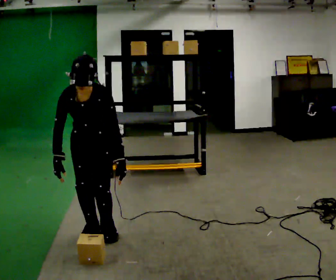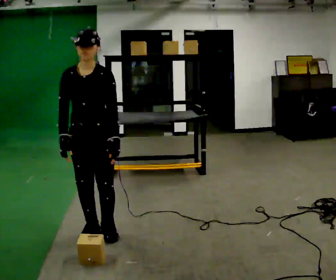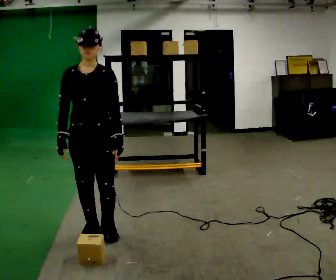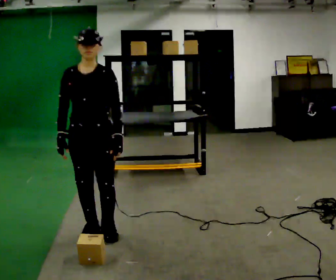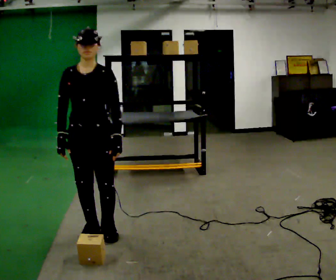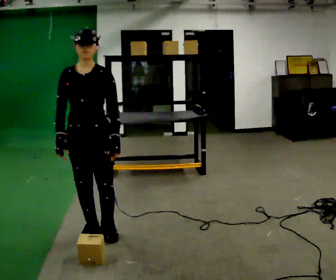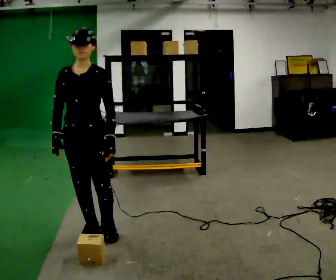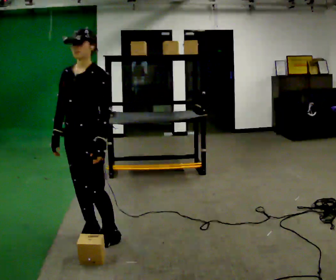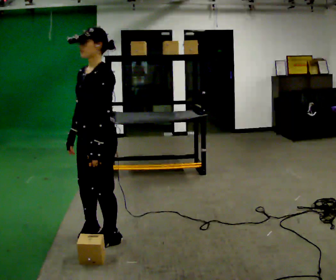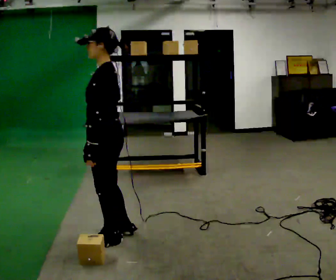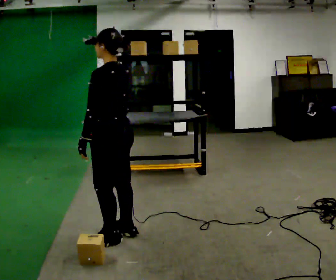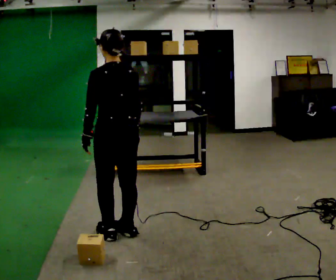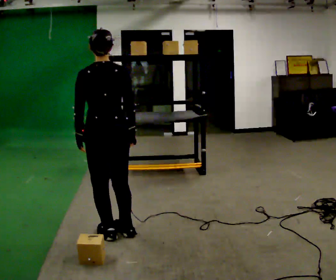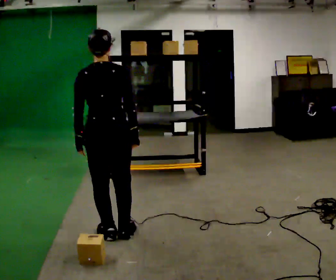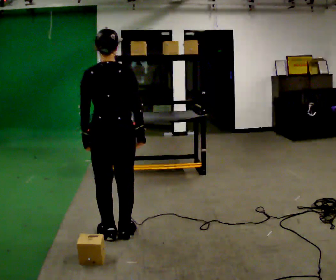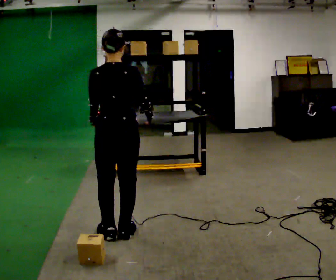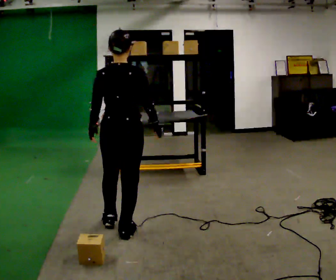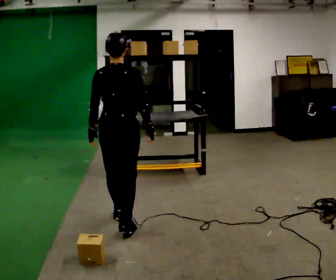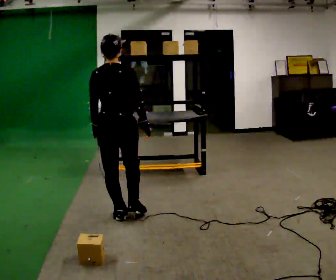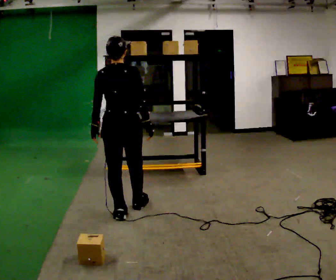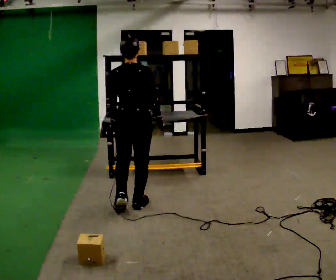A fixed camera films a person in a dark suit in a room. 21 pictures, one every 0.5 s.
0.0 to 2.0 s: The upper body goes upward. The upper body tips away from the camera, its near side rolling upward, as they lean back or straighten.
2.0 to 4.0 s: Seen from above the body turns clockwise, about 60 degrees: to their right, with its near side sliding to the left.
4.0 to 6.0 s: The part of the body nearest the lens slides to the left as the person turns to their right by about 105 degrees. In the picture their right hand goes to the right, the arm swinging counterclockwise.
6.0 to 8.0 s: The person moves a little, or ends about where they began.
8.0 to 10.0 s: In the picture they go away from the camera, about 0.5 m in 2 steps, which for them is forward.
The film runs forward here.
